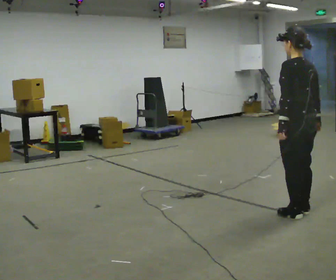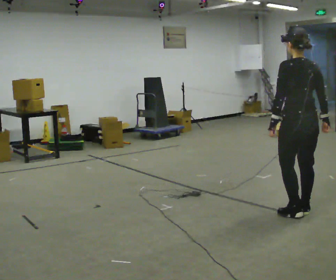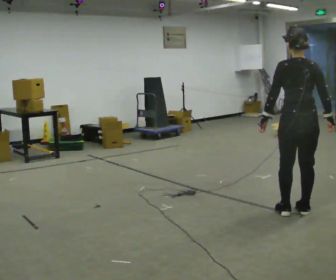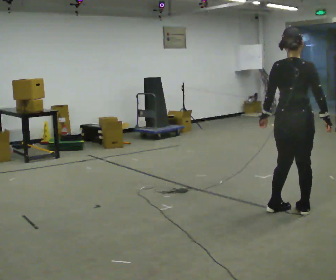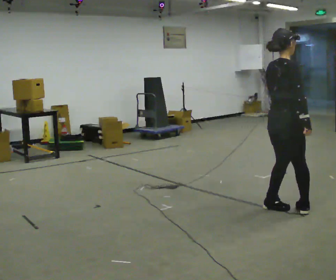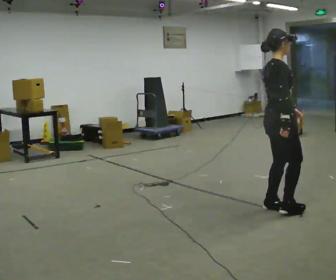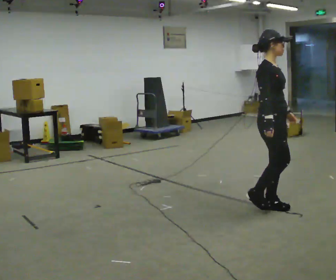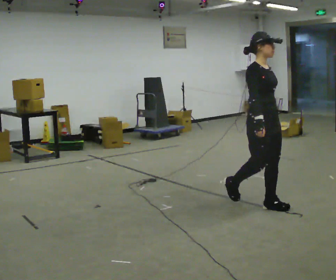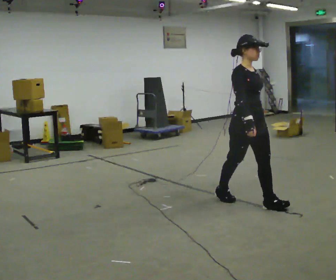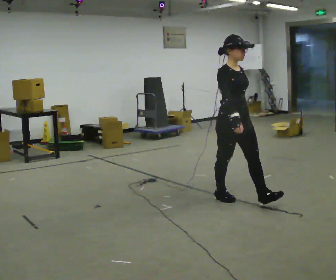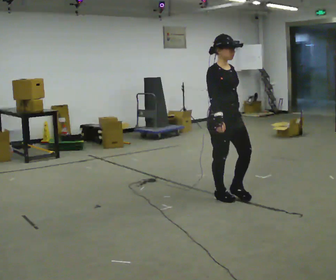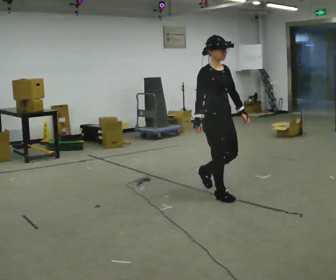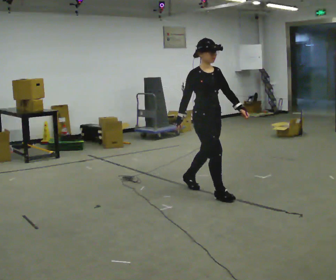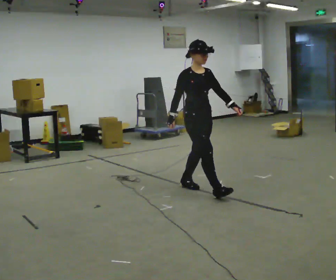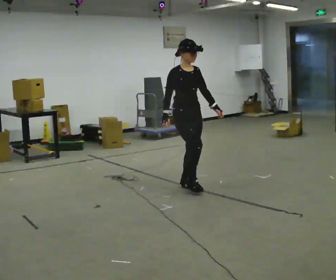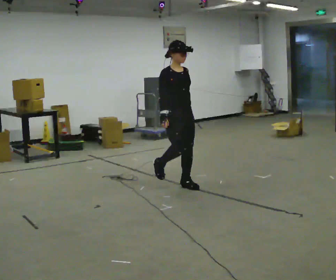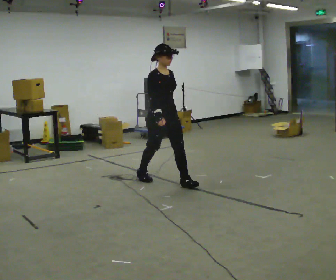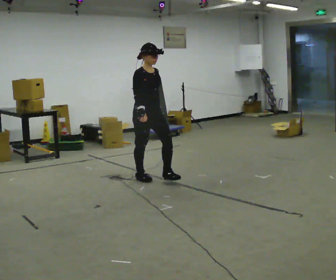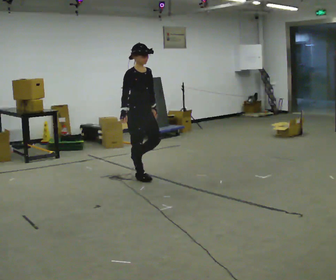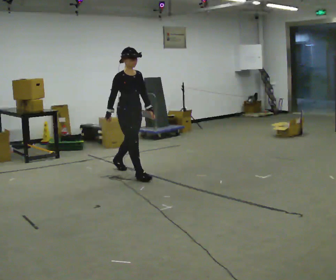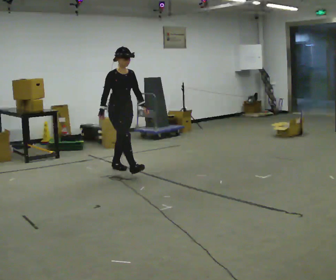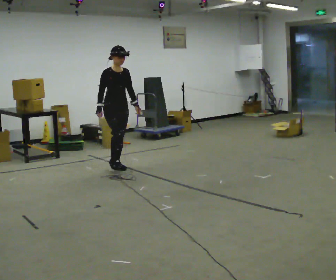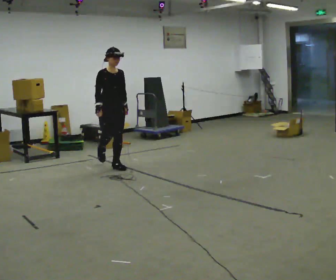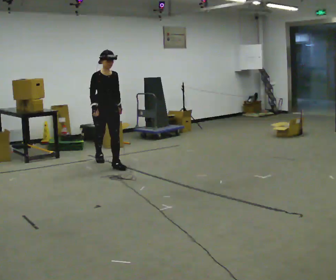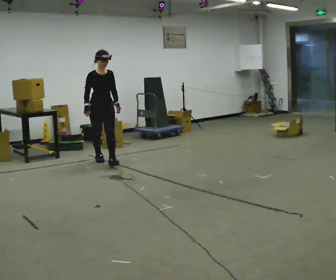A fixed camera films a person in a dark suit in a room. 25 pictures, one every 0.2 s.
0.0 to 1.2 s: Seen from above the body turns clockwise, about 150 degrees: to their right, with its near side sliding to the left. In the picture they go away from the camera and to the left, about 0.25 m in 2 steps.
1.2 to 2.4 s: In the picture they go to the left and away from the camera, about 0.5 m in 1 step, which for them is backward.
2.4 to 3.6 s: In the picture they go to the left and away from the camera, about 1 m in 2 steps, which for them is backward.
3.6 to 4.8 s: In the picture they go away from the camera and to the left, about 1 m in 2 steps, which for them is backward.
The film runs backward here.
